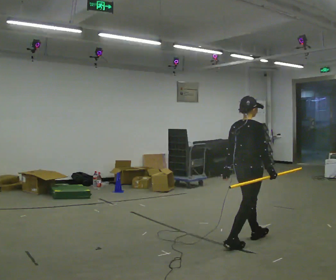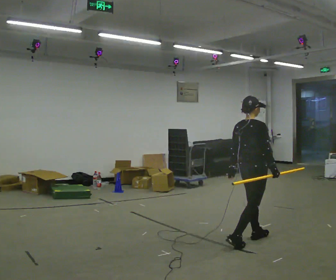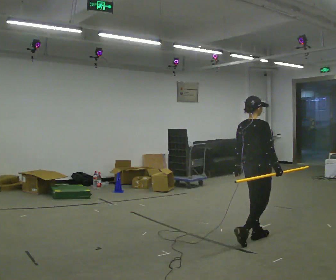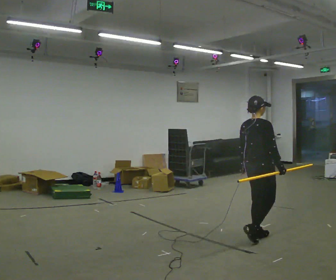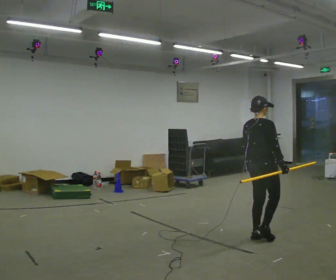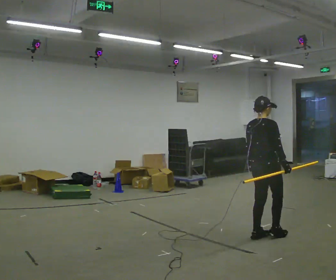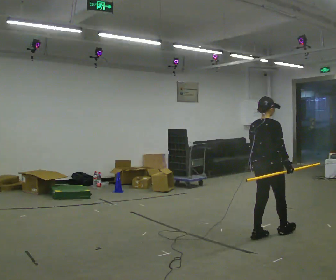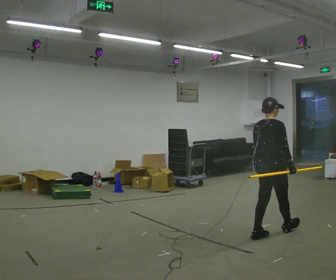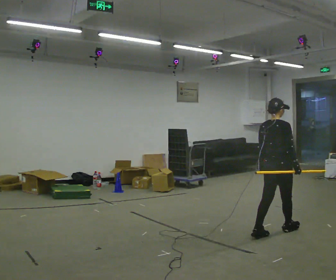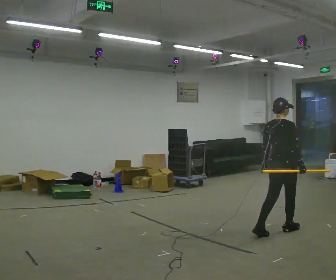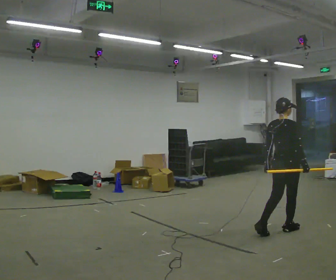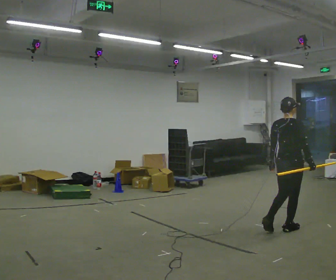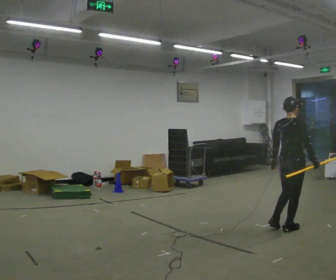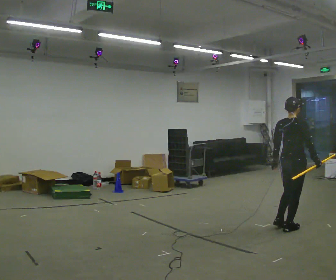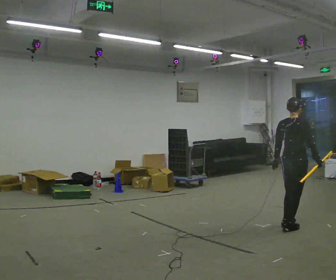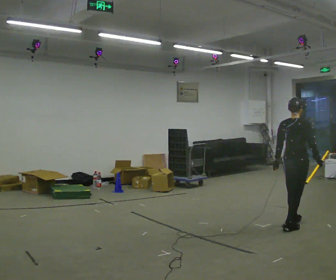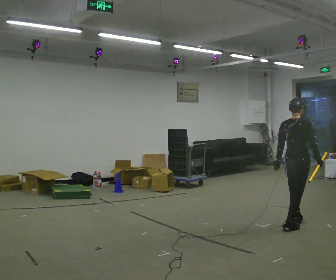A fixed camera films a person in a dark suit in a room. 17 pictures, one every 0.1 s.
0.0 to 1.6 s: In the picture they go away from the camera and to the right, about 1 m in 2 steps, which for them is forward.
The film runs forward here.
